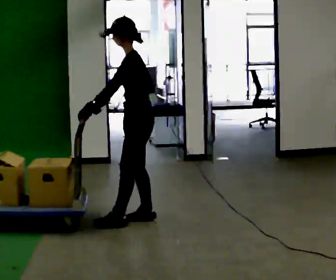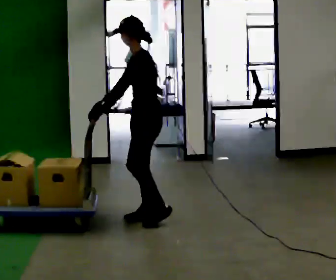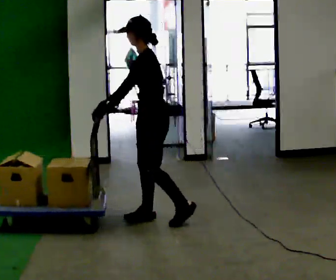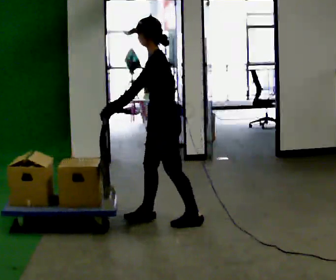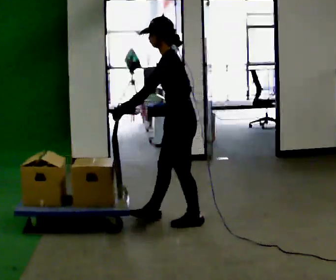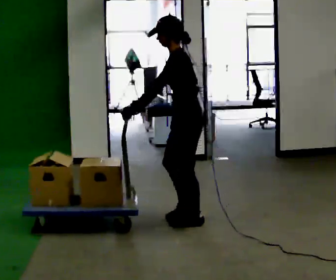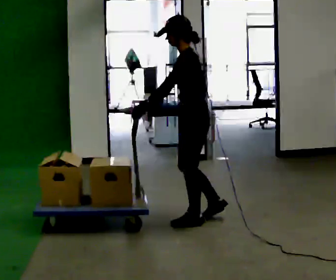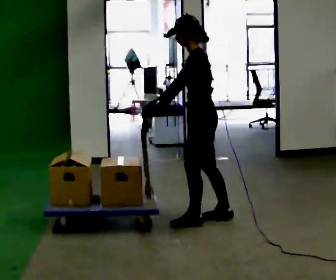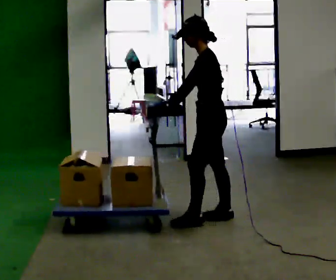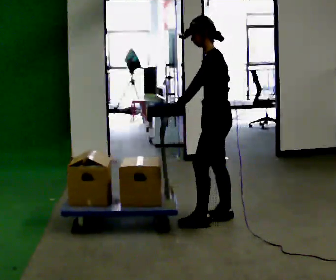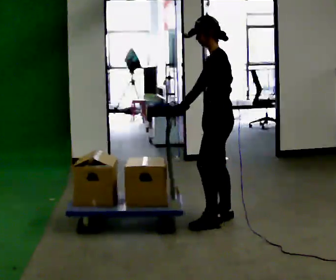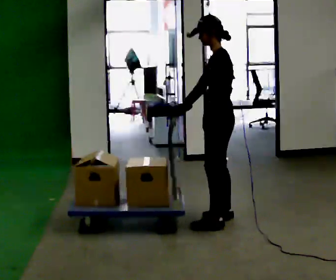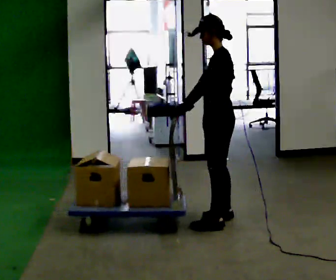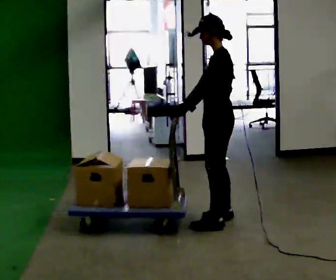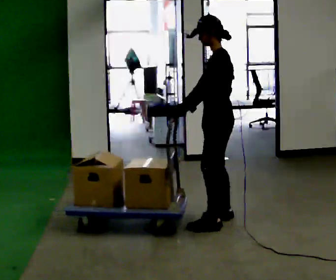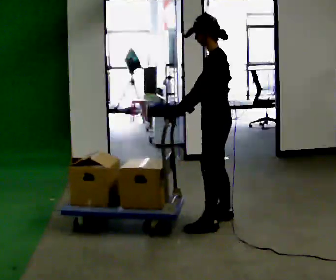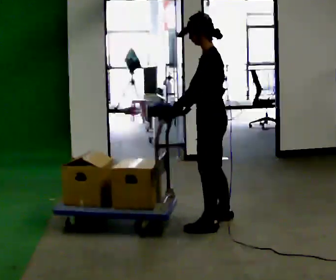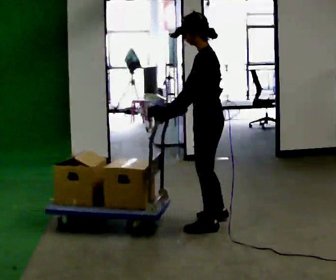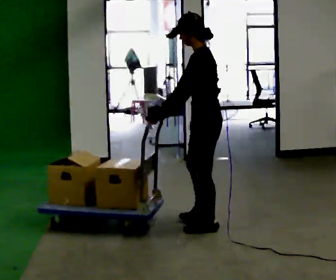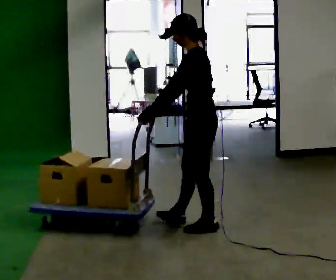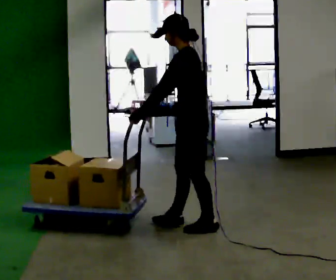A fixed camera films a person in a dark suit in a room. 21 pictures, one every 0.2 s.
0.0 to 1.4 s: In the picture they go to the right, about 0.5 m in 2 steps, which for them is backward.
1.4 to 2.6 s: The person moves a little, or ends about where they began.
2.6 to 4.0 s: In the picture they go toward the camera and to the left, about 0.25 m in 1 step, which for them is to their left and forward.
The film runs backward here.
